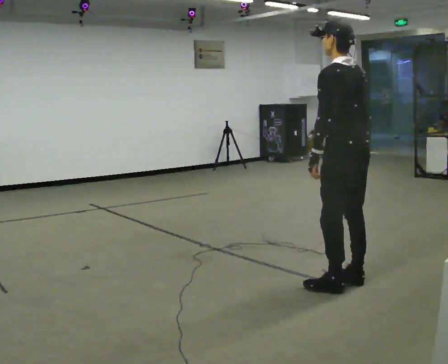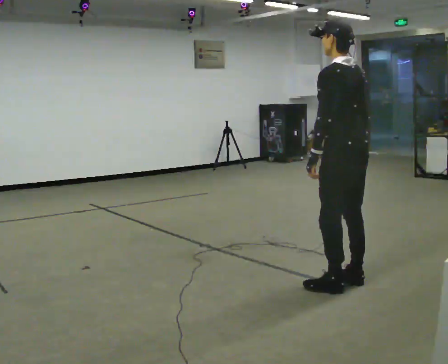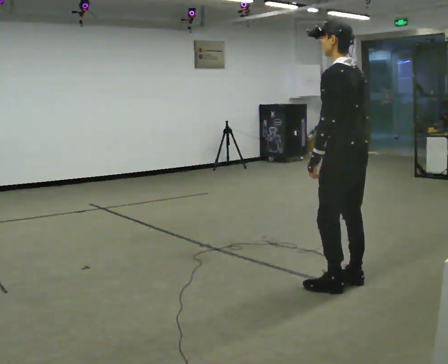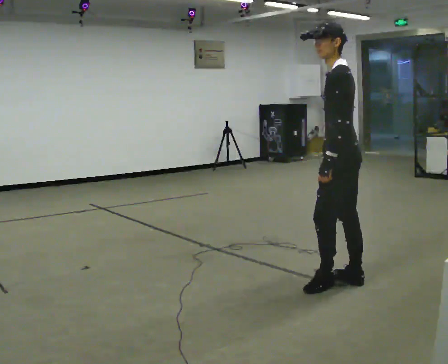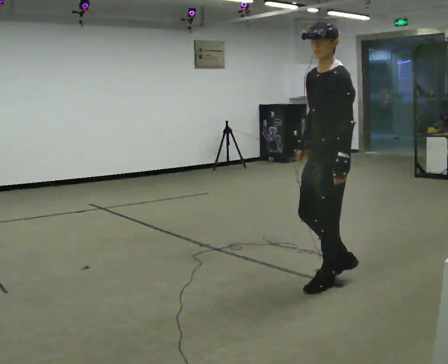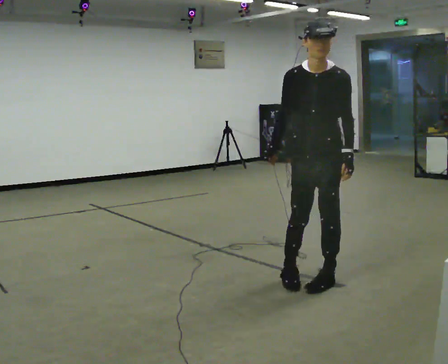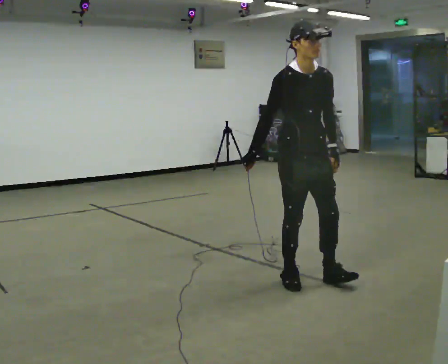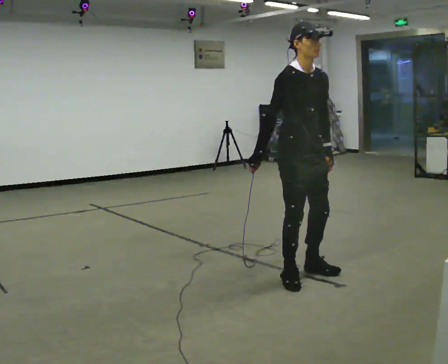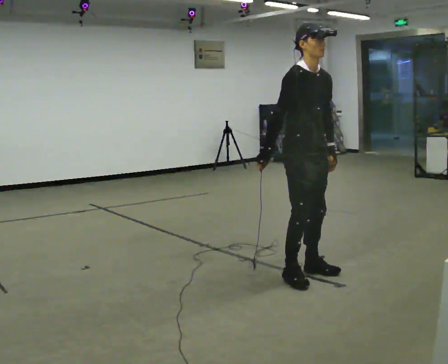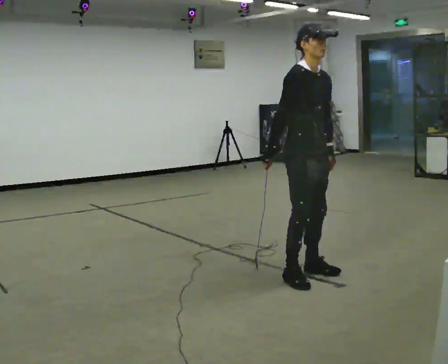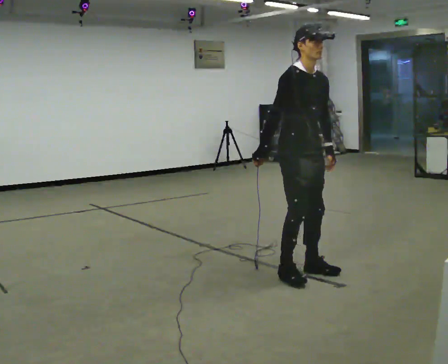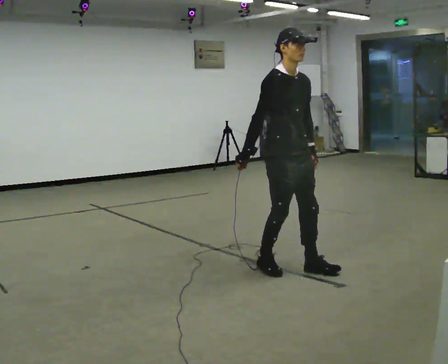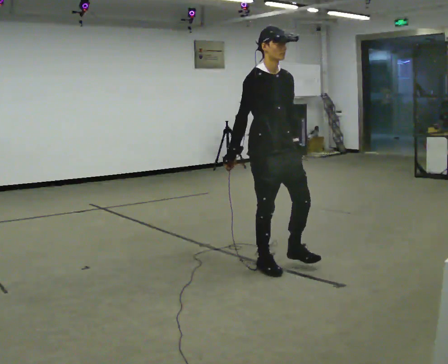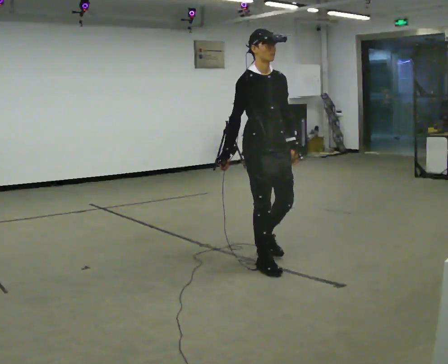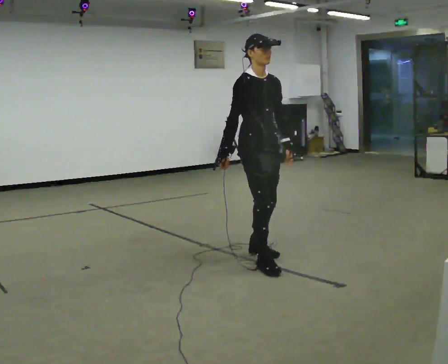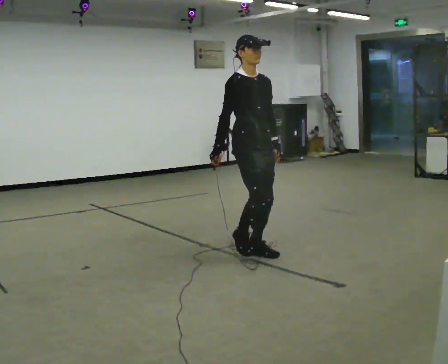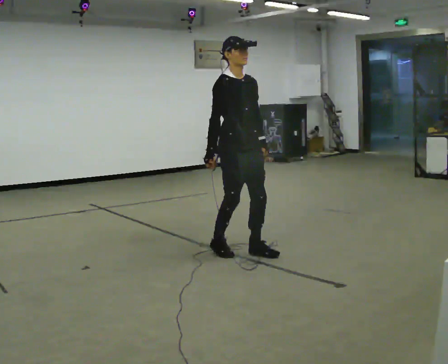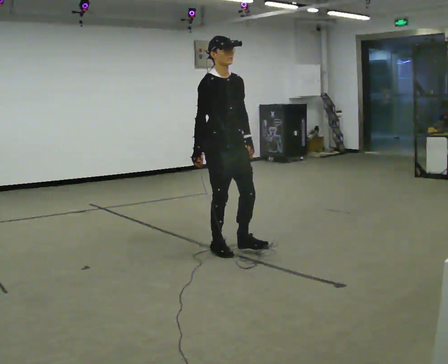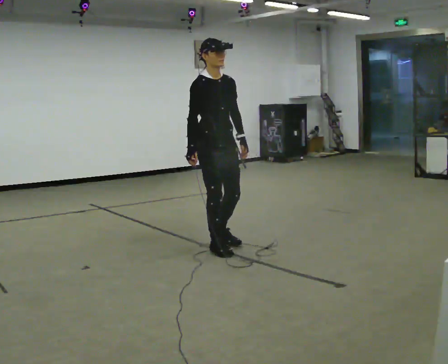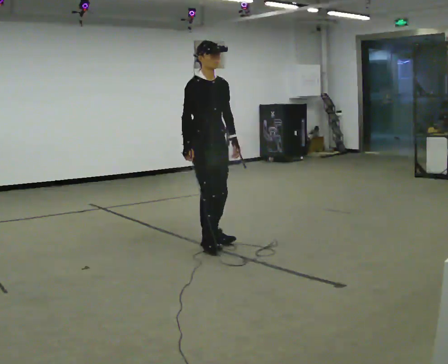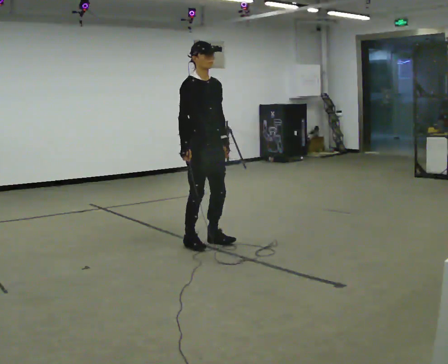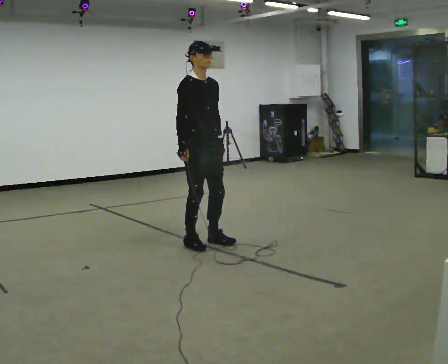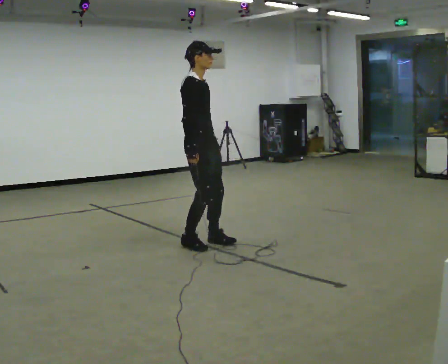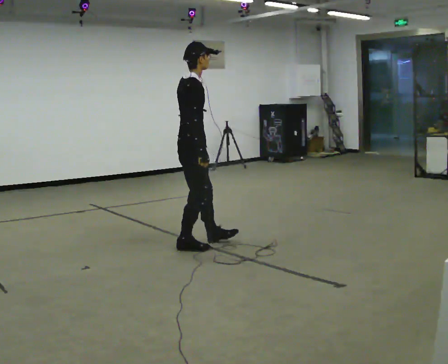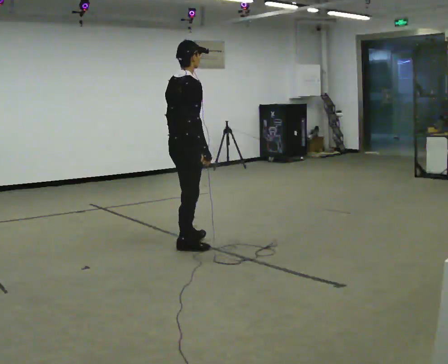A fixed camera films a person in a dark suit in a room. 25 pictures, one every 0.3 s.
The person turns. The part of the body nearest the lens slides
to the right.
The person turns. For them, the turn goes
to their left.
0.0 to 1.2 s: The person turns about 75 degrees to their left, counterclockwise seen from above, so the part of the body nearest the lens slides to the right. In the picture their right hand goes to the left.
1.2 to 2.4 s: The person turns about 105 degrees to their left, counterclockwise seen from above, so the part of the body nearest the lens slides to the right. In the picture they go to the left and away from the camera, about 0.25 m in 2 steps.
2.4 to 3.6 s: In the picture they go to the left and away from the camera, about 0.25 m in 1 step, which for them is backward.
3.6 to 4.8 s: In the picture they go away from the camera and to the left, about 0.5 m in 2 steps, which for them is backward.
4.8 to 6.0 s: In the picture they go away from the camera and to the left, about 0.5 m in 2 steps, which for them is backward.
6.0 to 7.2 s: The part of the body nearest the lens slides to the right as the person turns to their left by about 75 degrees. In the picture they go toward the camera, about 0.25 m. In the picture their left hand goes to the left.
The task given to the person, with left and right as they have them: Walk backward several steps, then turn while still moving backward, then continue backward. Operator confirms the space behind you is clear.
The film runs forward here.
